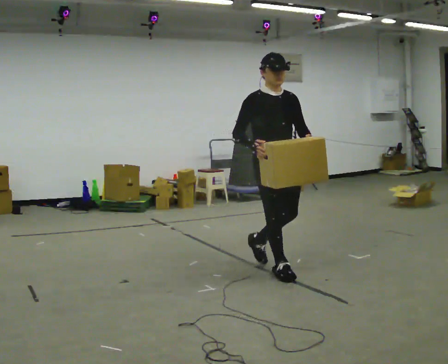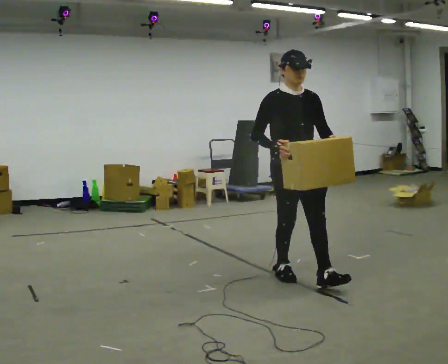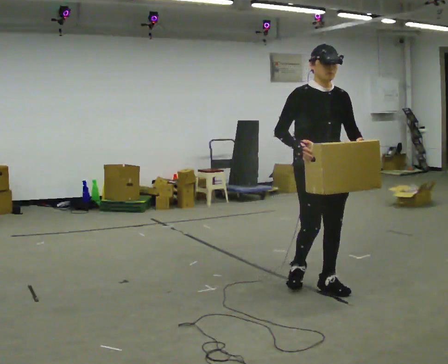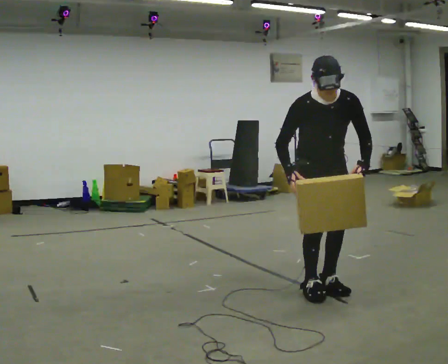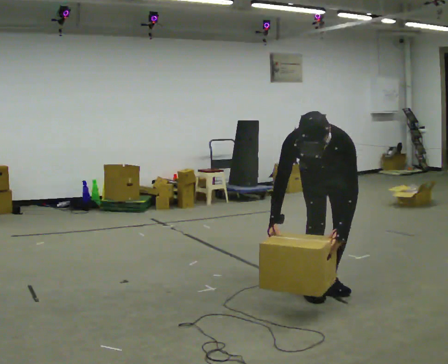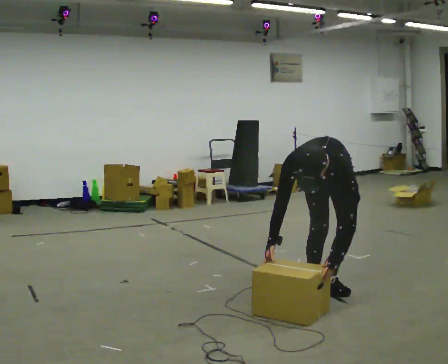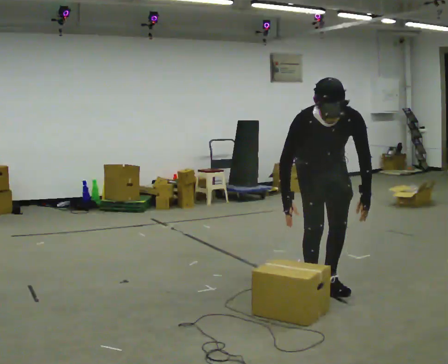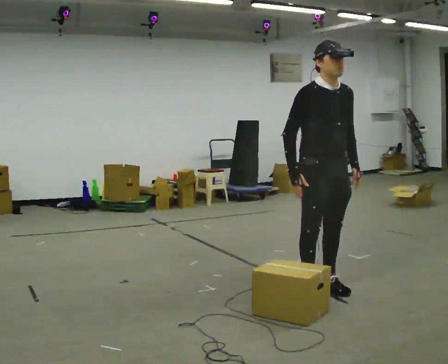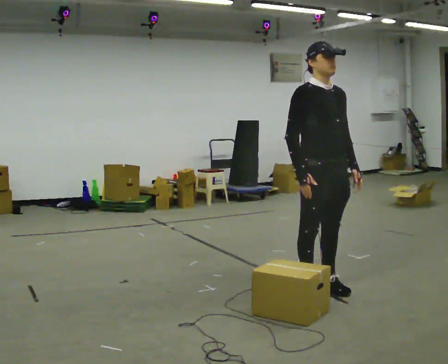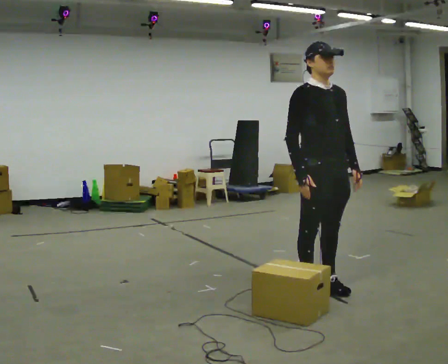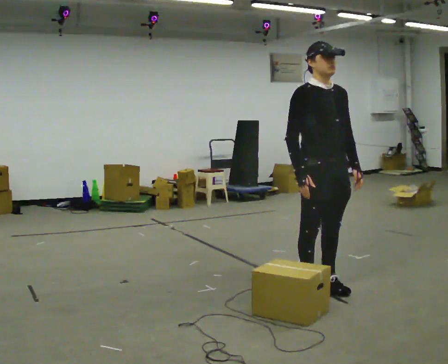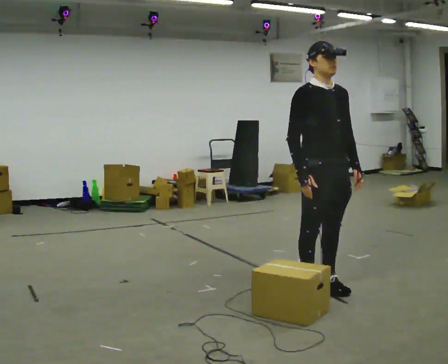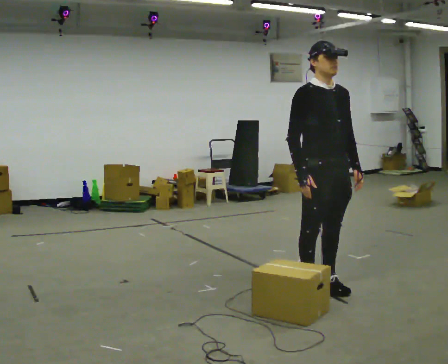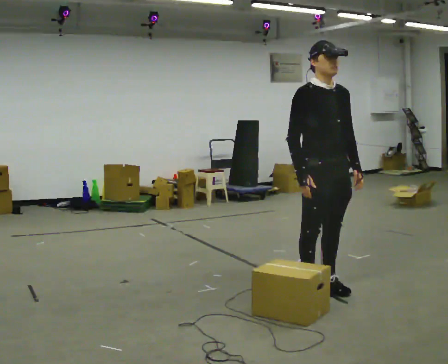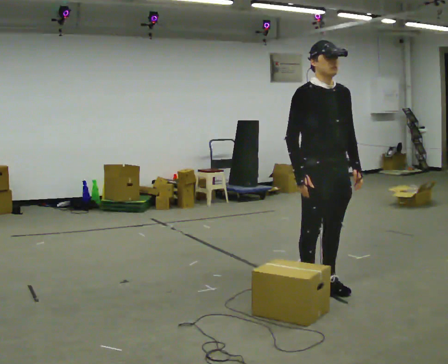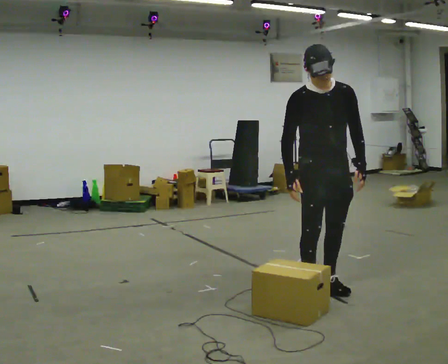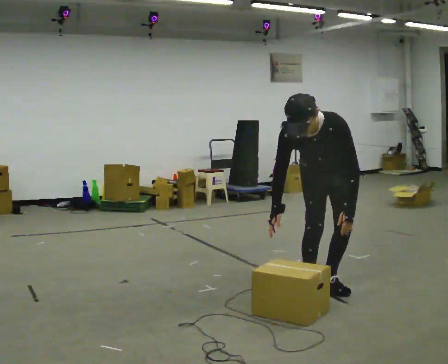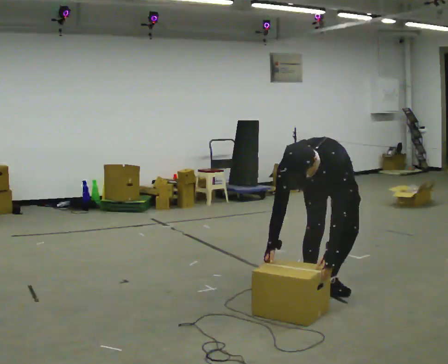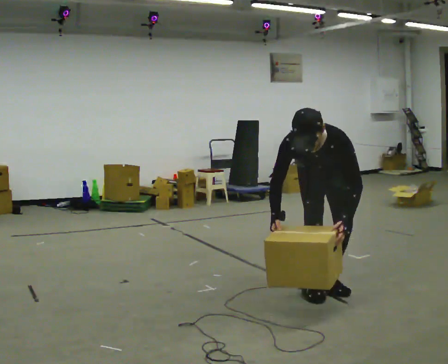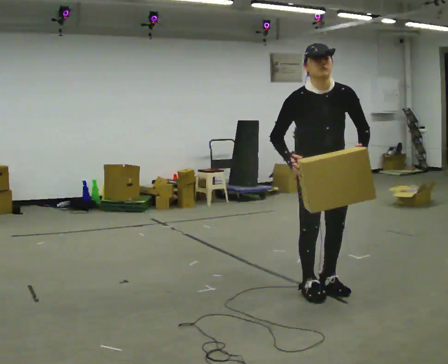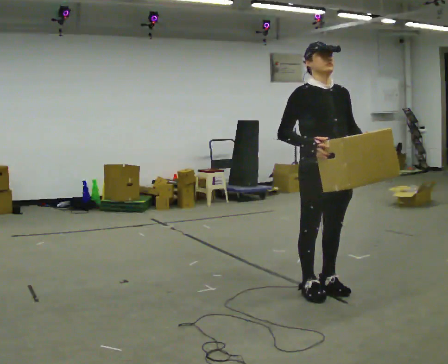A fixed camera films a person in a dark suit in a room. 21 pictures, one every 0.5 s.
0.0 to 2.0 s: The person turns about 45 degrees to their right, clockwise seen from above, so the part of the body nearest the lens slides to the left. In the picture they go to the right and toward the camera, about 0.5 m in 2 steps, which for them is forward. The upper body goes downward. The upper body tips toward the camera, its near side rolling downward, as they bend forward. In the picture their right hand goes downward.
2.0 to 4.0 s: The part of the body nearest the lens slides to the right as the person turns to their left by about 45 degrees. In the picture they go toward the camera, about 0.25 m, which for them is forward. The upper body tips away from the camera, its near side rolling upward, as they lean back or straighten. In the picture their left hand goes upward.
4.0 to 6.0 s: The person keeps their place and pose.
6.0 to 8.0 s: Seen from above the body turns clockwise, about 45 degrees: to their right, with its near side sliding to the left. The shoulders move downward. The upper body tips toward the camera, its near side rolling downward, as they bend forward.
8.0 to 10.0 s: The person turns about 45 degrees to their left, counterclockwise seen from above, so the part of the body nearest the lens slides to the right. In the picture their right hand goes upward.
The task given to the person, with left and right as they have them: Carry the box along the marked route, turning 90 degrees at the corner the operator calls, and set it down at the end. Keep going until the operator says stop; one object at a time, and do not rush between trips.
The film runs forward here.
